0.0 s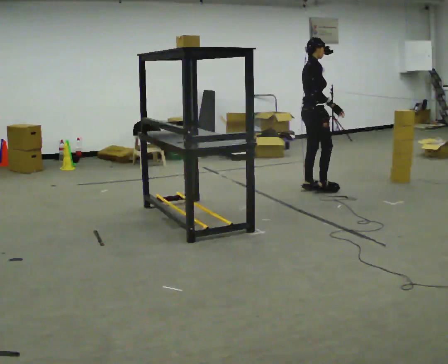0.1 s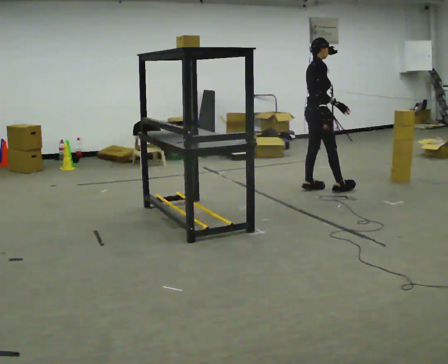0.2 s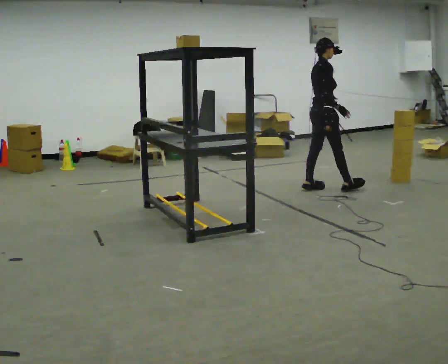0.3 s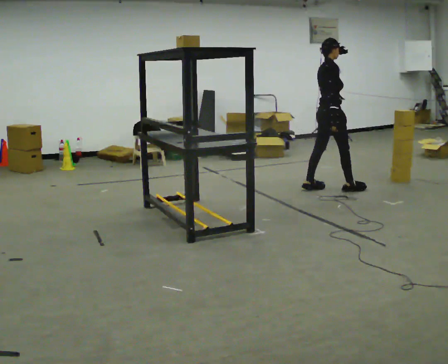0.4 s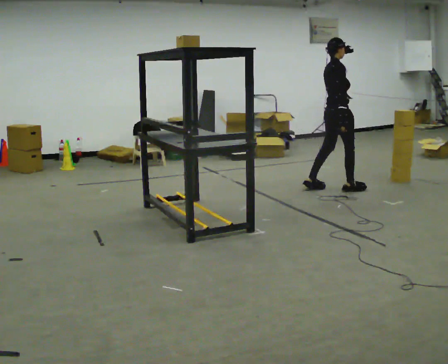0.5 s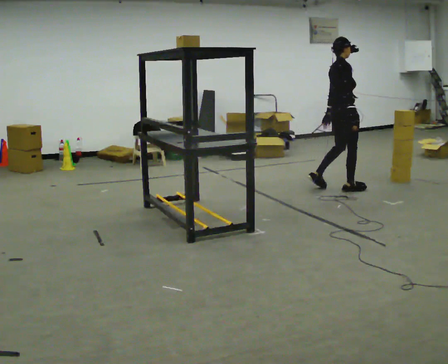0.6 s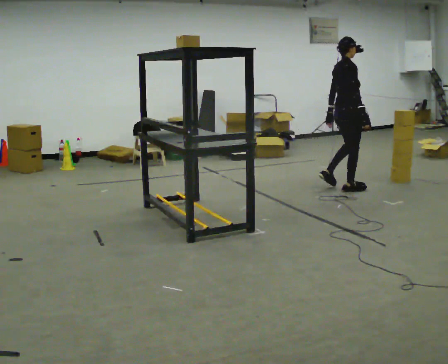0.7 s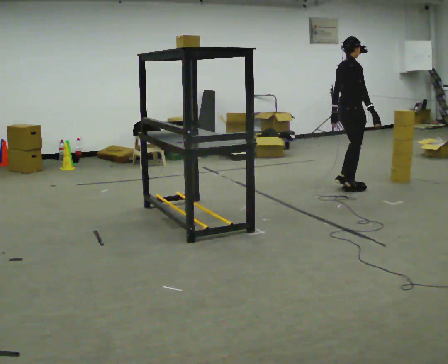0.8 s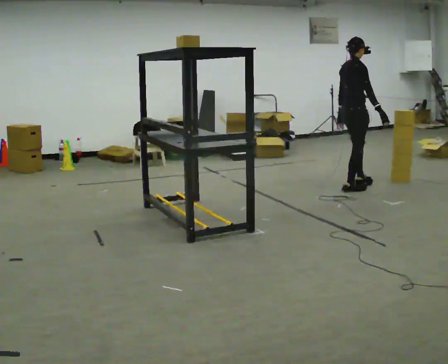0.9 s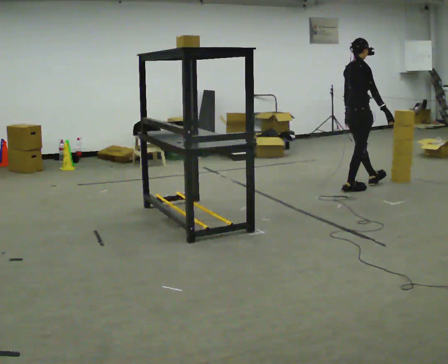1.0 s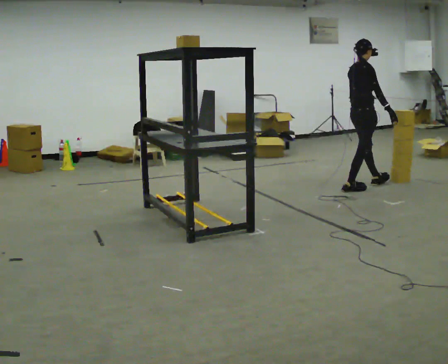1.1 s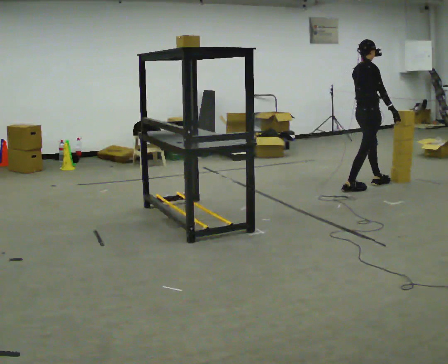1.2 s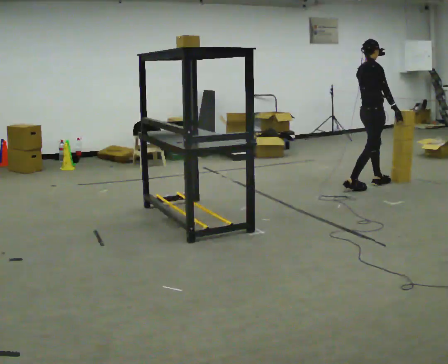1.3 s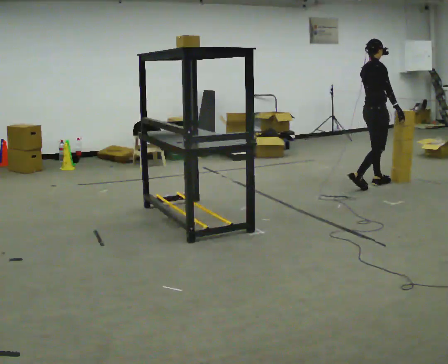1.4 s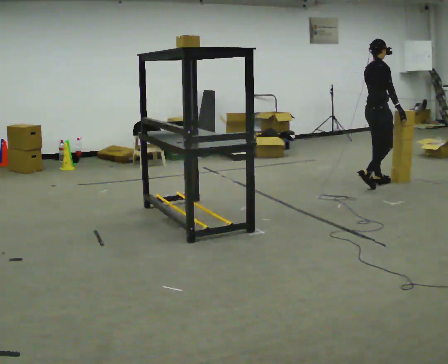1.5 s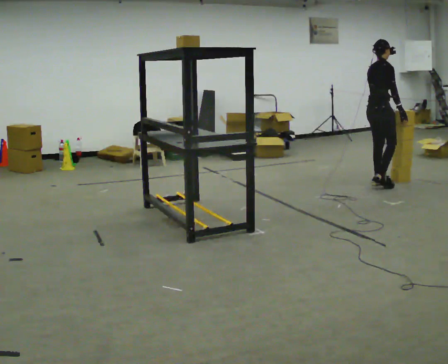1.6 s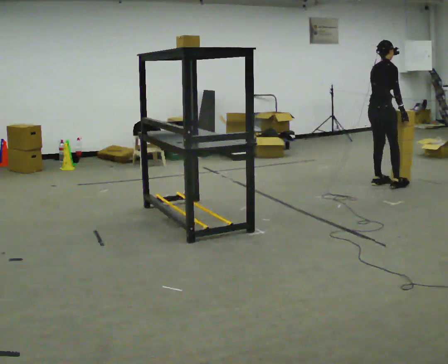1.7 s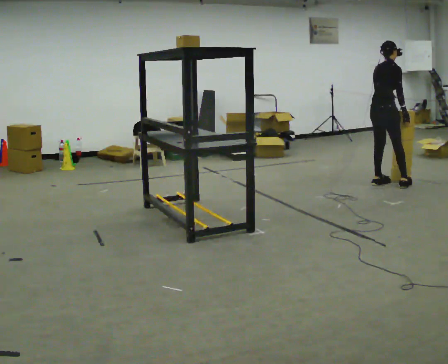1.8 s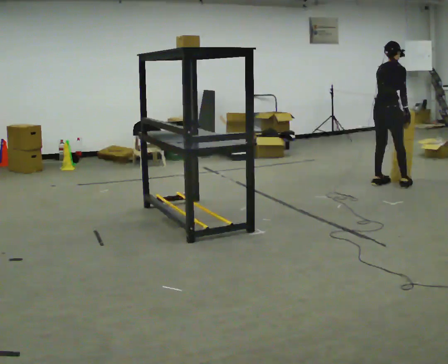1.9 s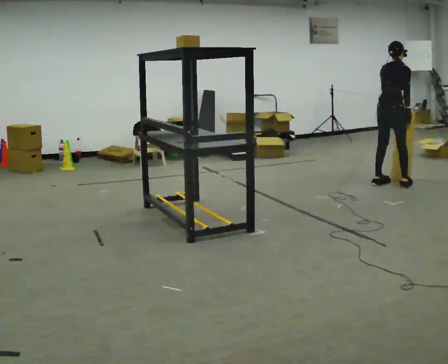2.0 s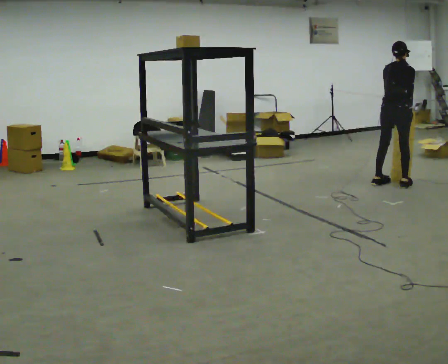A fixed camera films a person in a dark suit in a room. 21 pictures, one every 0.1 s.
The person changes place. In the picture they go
to the right.
0.0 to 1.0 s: In the picture they go to the right, about 0.5 m in 2 steps, which for them is forward.
1.0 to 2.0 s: The part of the body nearest the lens slides to the right as the person turns to their left by about 30 degrees. In the picture they go to the right, about 0.25 m in 1 step, which for them is forward. The upper body tips away from the camera, its near side rolling upward, as they bend forward.
The film runs forward here.
